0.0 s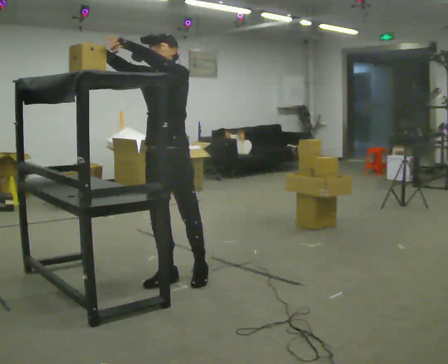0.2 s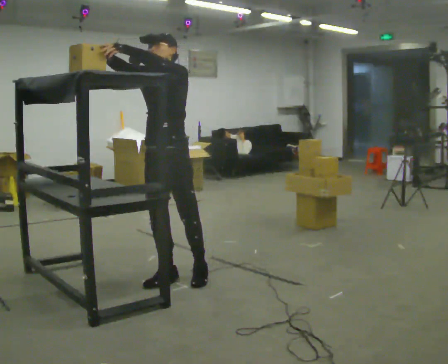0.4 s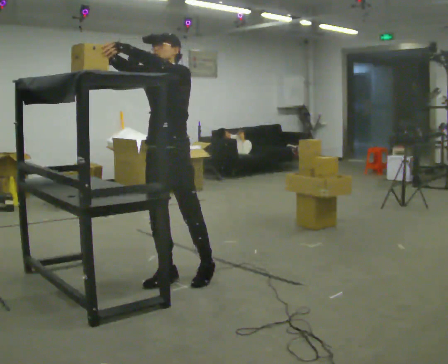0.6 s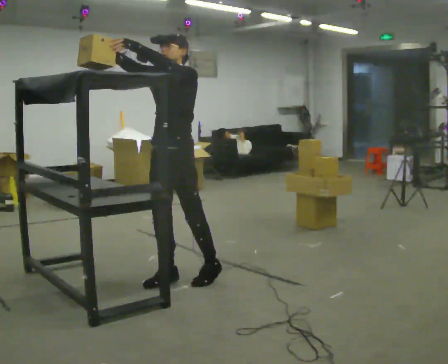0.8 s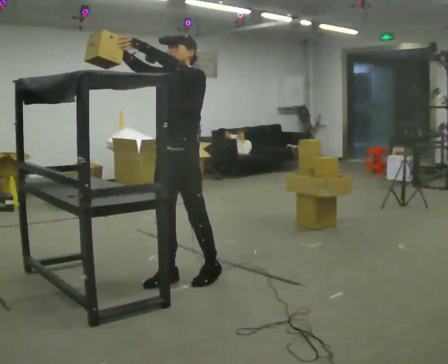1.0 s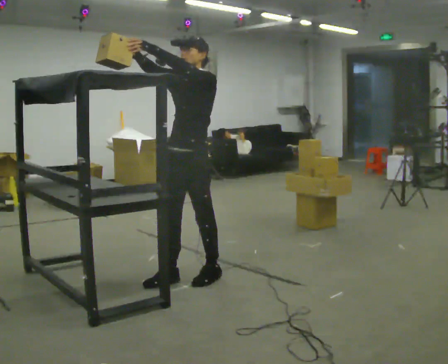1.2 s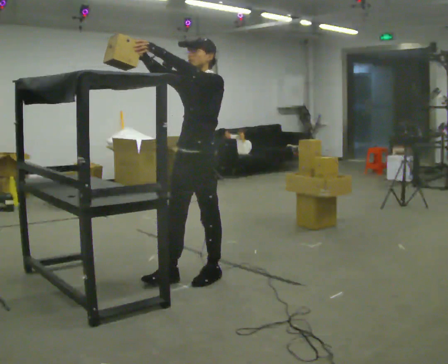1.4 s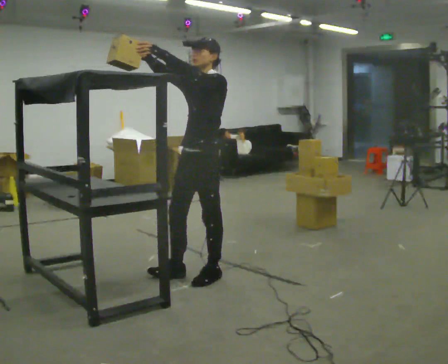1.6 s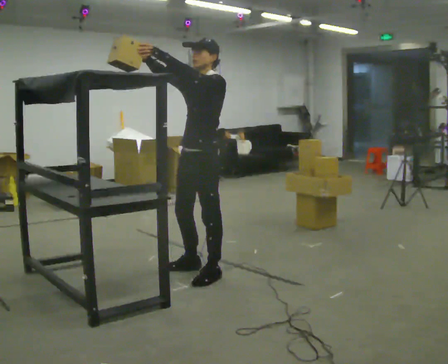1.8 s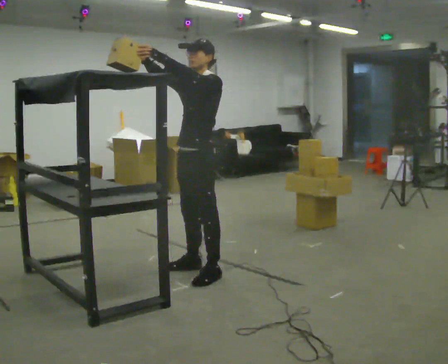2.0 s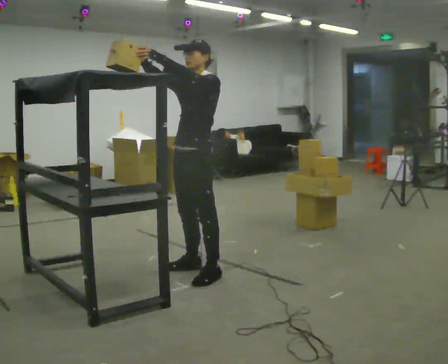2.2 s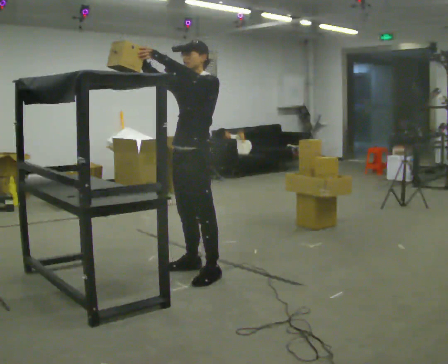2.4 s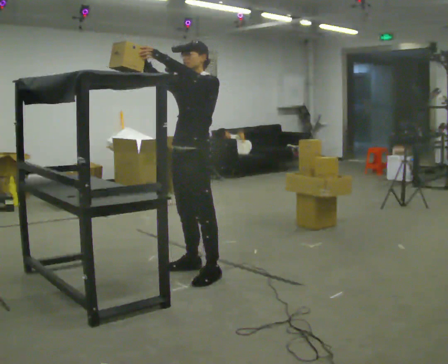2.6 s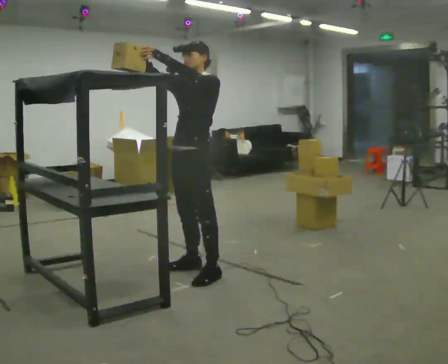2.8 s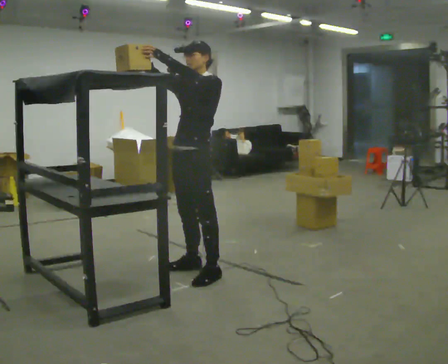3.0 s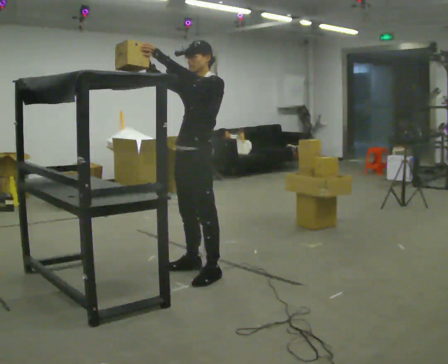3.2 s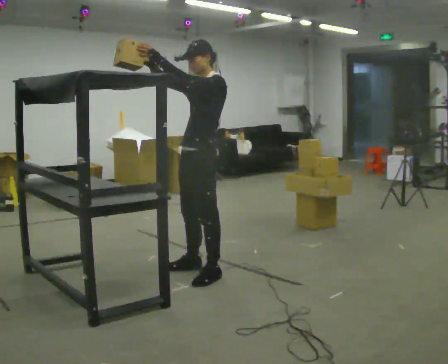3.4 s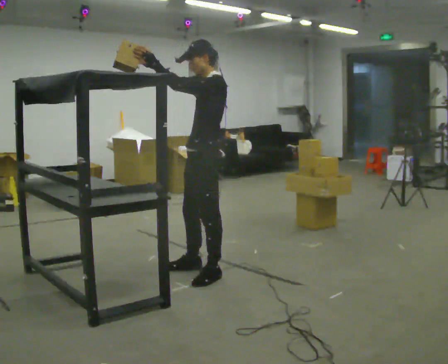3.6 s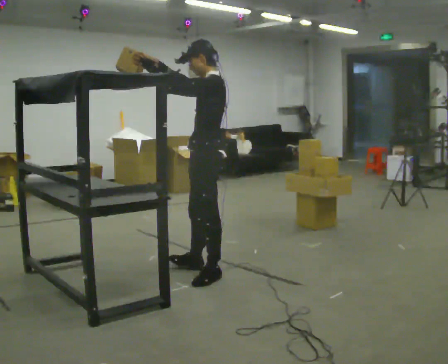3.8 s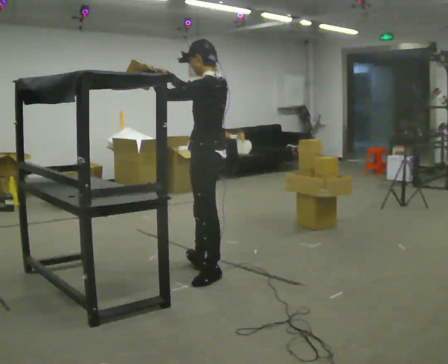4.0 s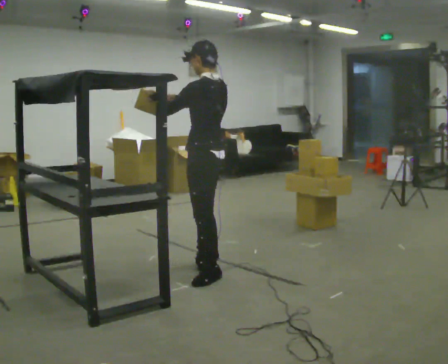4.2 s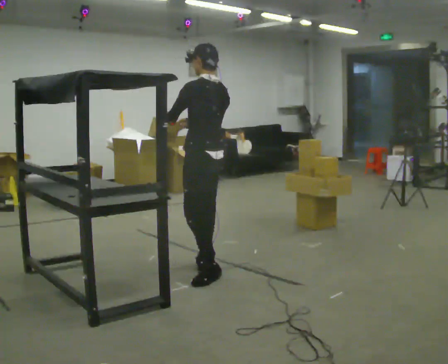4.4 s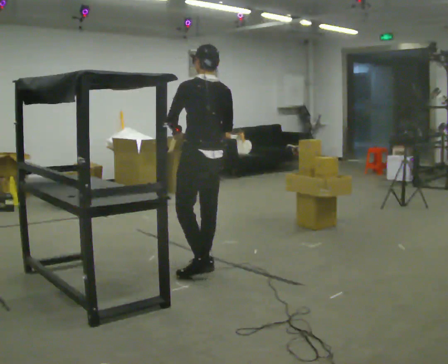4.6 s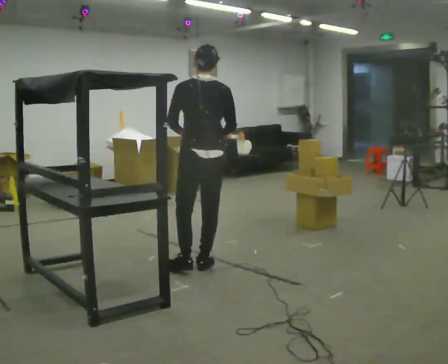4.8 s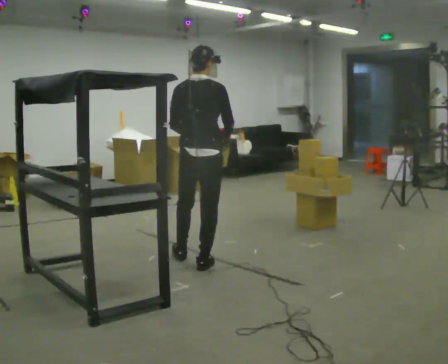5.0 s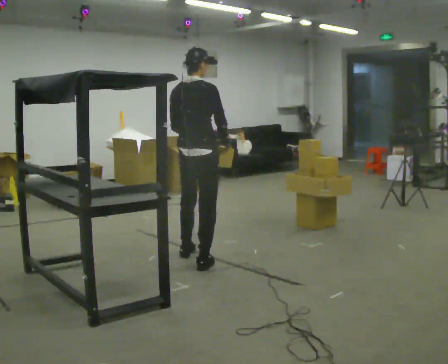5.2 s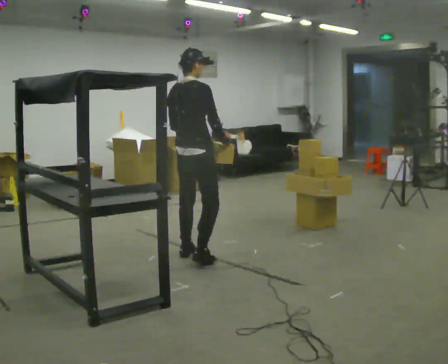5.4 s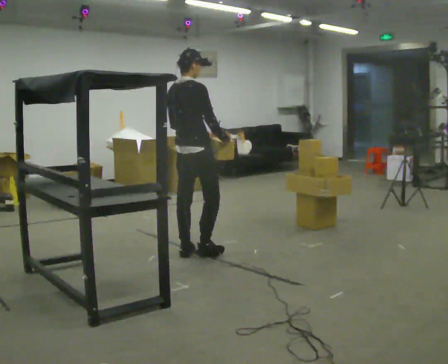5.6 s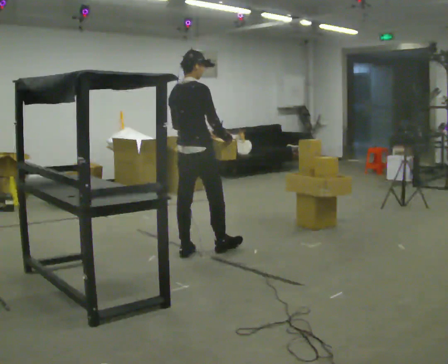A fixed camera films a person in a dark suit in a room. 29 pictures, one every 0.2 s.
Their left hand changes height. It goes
downward.
The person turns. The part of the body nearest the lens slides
to the left.
0.0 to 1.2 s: In the picture they go to the right, about 0.25 m, which for them is backward.
1.2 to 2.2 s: In the picture they go away from the camera, about 0.25 m in 1 step, which for them is to their right.
2.2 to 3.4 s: The part of the body nearest the lens slides to the left as the person turns to their right by about 30 degrees.
3.4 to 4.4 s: Seen from above the body turns clockwise, about 75 degrees: to their right, with its near side sliding to the left. In the picture they go away from the camera, about 0.25 m. In the picture their right hand goes downward and to the right.
4.4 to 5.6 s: The part of the body nearest the lens slides to the left as the person turns to their right by about 75 degrees. In the picture they go away from the camera, about 0.5 m in 1 step.
The film runs forward here.
